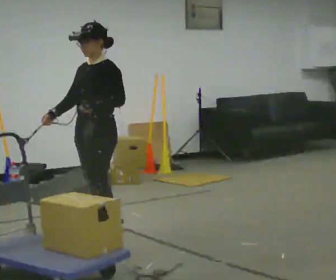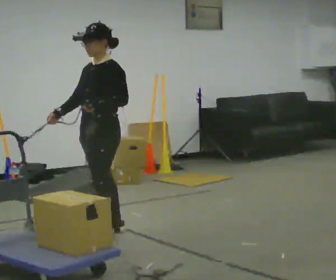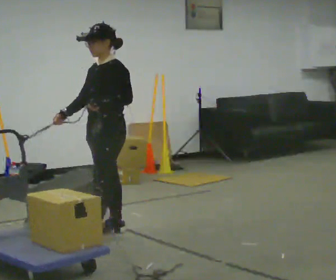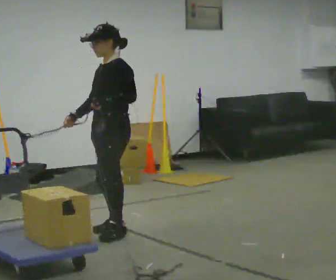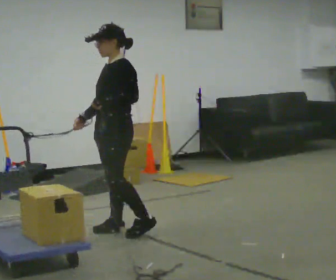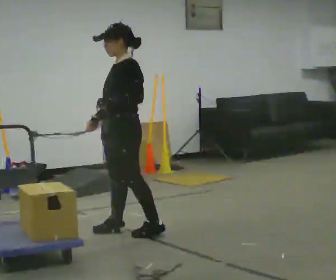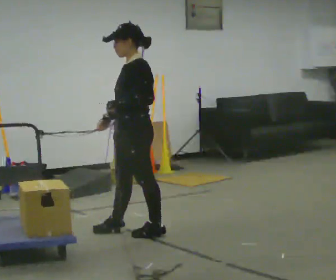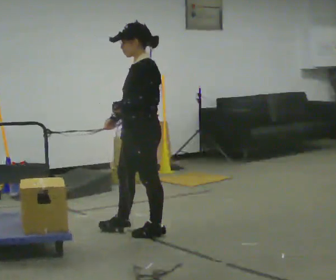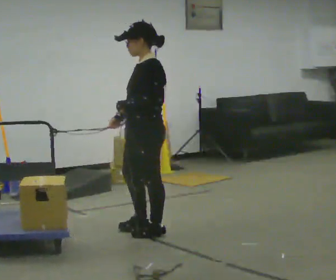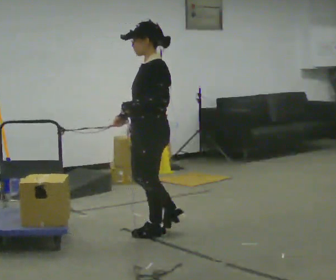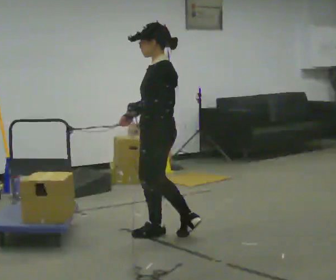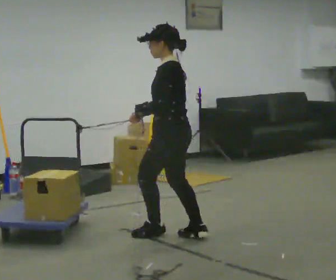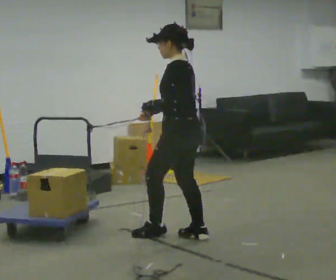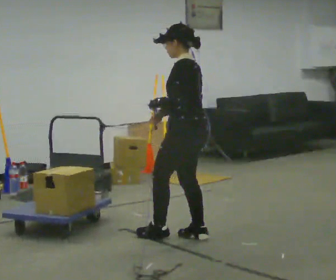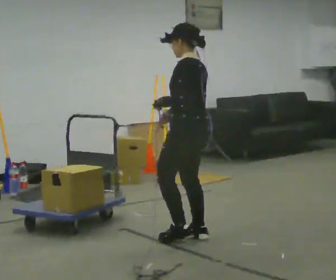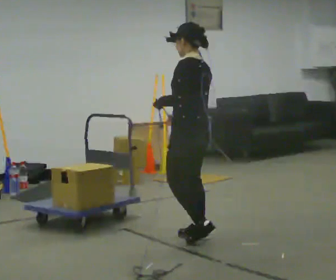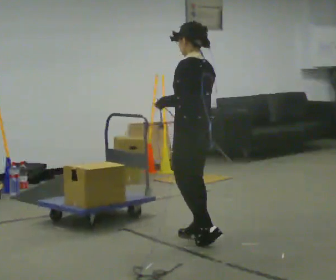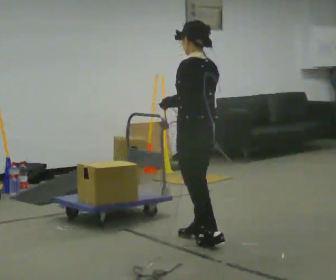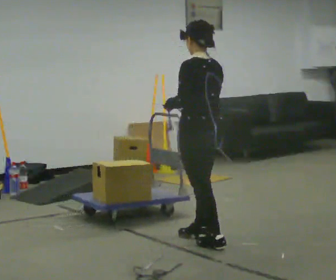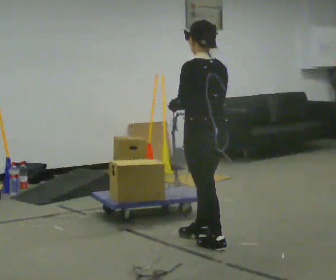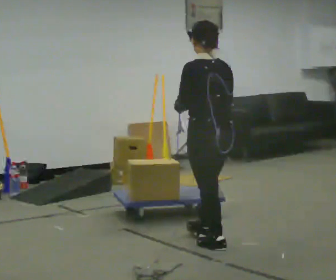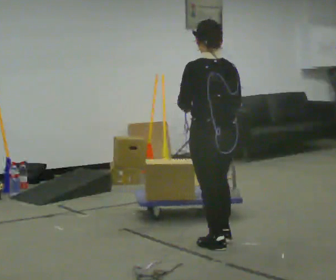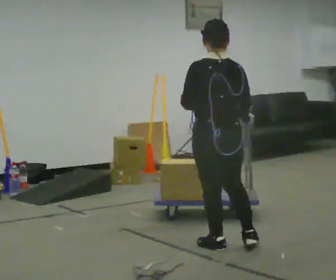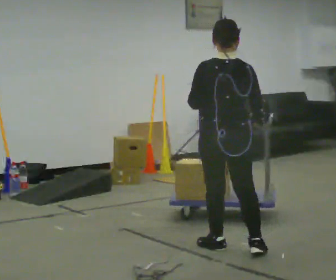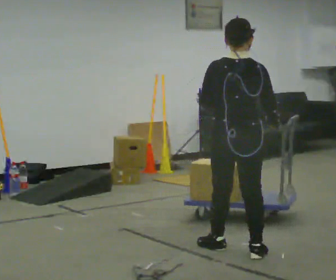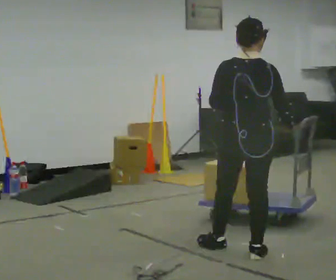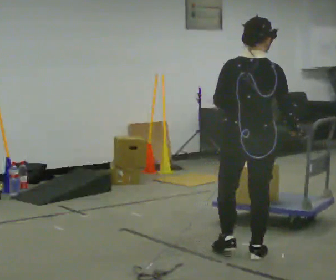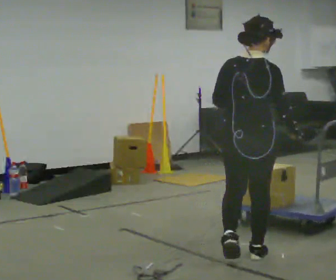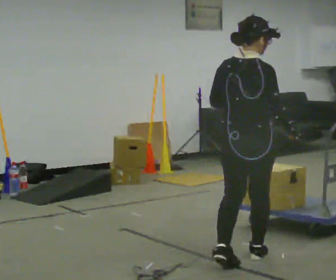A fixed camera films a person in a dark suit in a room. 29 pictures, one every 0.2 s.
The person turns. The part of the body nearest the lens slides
to the left.
The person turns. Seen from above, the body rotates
clockwise.
0.0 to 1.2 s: Seen from above the body turns clockwise, about 30 degrees: to their right, with its near side sliding to the left. In the picture they go to the right, about 0.25 m in 1 step, which for them is backward.
1.2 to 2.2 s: The person turns about 30 degrees to their right, clockwise seen from above, so the part of the body nearest the lens slides to the left. In the picture they go to the right, about 0.25 m in 1 step, which for them is backward.
2.2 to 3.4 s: In the picture they go to the right, about 0.25 m in 1 step, which for them is backward. In the picture their right hand goes to the right.
3.4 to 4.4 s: Seen from above the body turns clockwise, about 45 degrees: to their right, with its near side sliding to the left. In the picture they go toward the camera, about 0.25 m, which for them is backward.
4.4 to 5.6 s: Seen from above the body turns clockwise, about 30 degrees: to their right, with its near side sliding to the left. In the picture they go toward the camera and to the right, about 0.25 m in 1 step, which for them is backward and to their right.
The film runs forward here.
